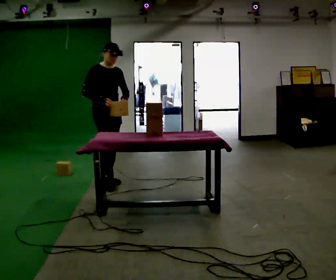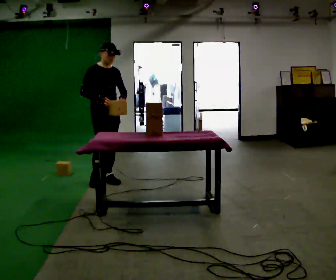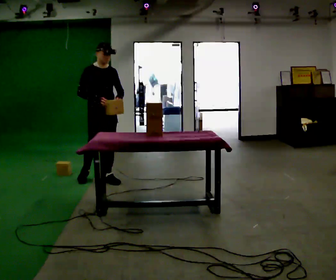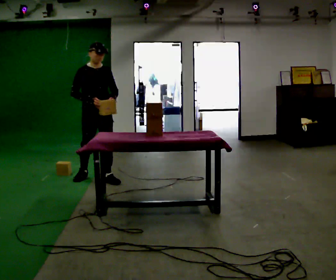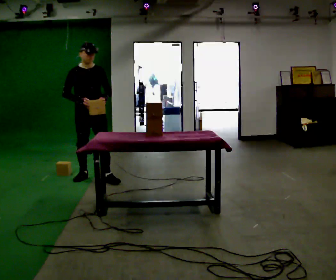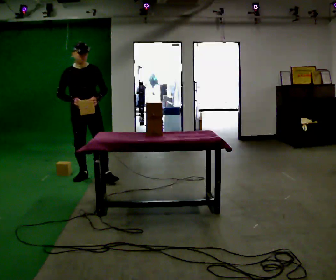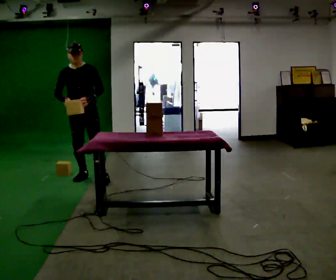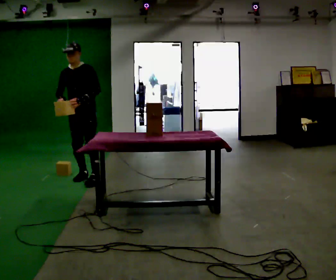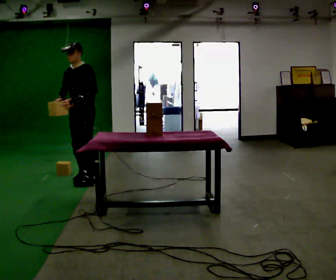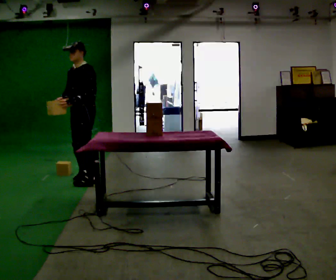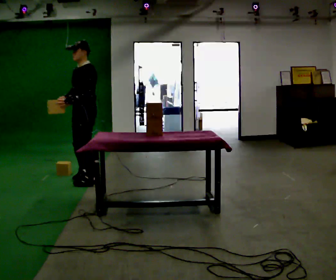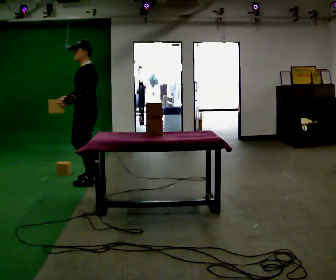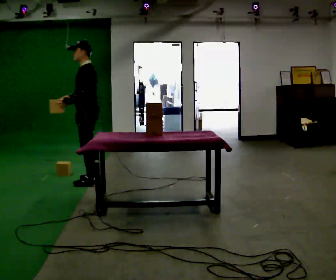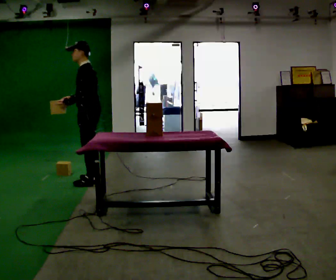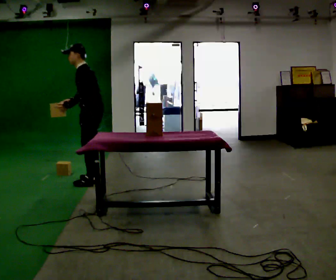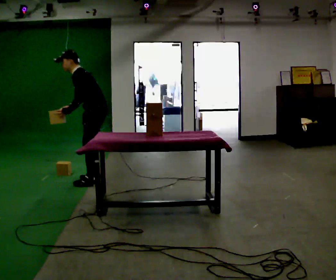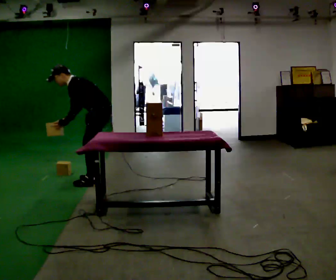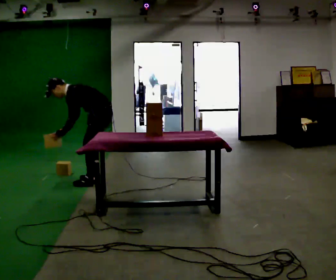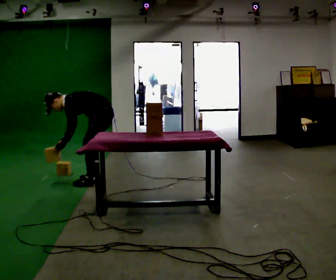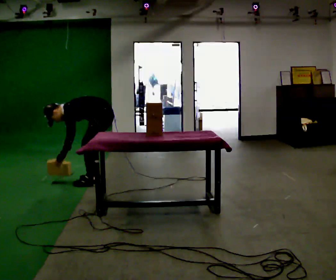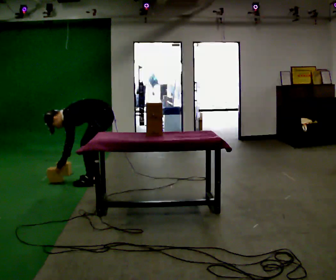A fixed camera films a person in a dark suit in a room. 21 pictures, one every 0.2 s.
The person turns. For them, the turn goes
to their right.
The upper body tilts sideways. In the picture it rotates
counterclockwise.
0.0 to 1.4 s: The person turns about 60 degrees to their right, clockwise seen from above, so the part of the body nearest the lens slides to the left. In the picture they go to the left and away from the camera, about 0.25 m in 1 step, which for them is to their right and backward.
1.4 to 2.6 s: Seen from above the body turns clockwise, about 60 degrees: to their right, with its near side sliding to the left. In the picture they go toward the camera, about 0.25 m in 1 step.
2.6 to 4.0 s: The upper body goes downward. In the picture the upper body tilts counterclockwise, shoulders to the left, as they bend forward. In the picture their right hand goes downward.
The film runs backward here.
